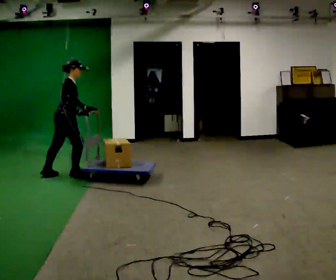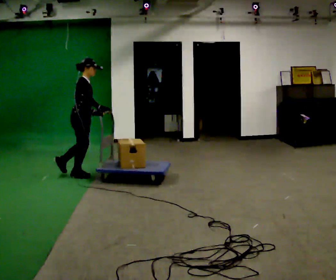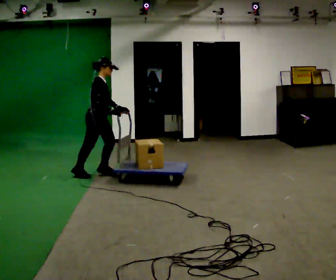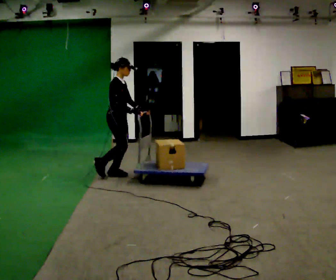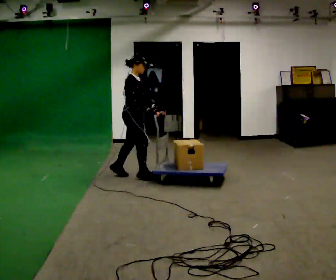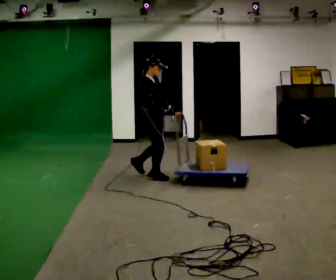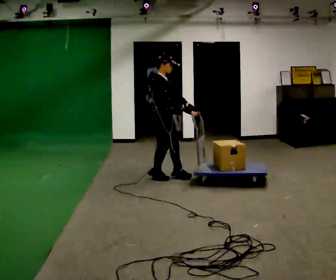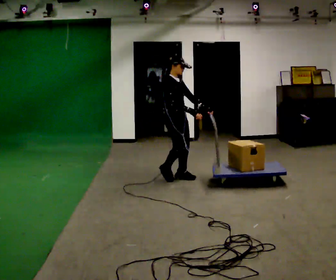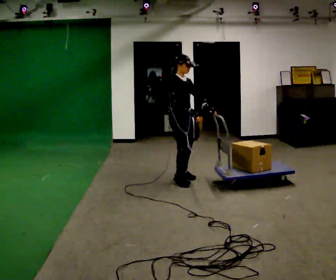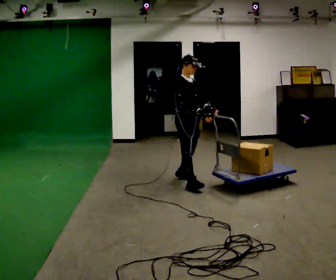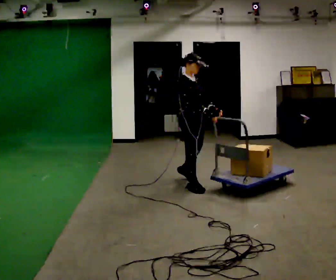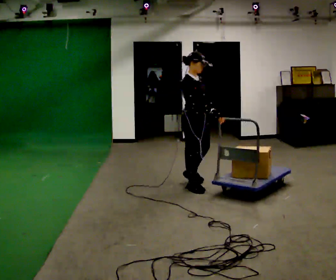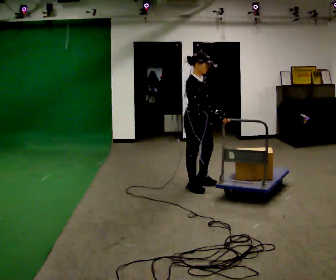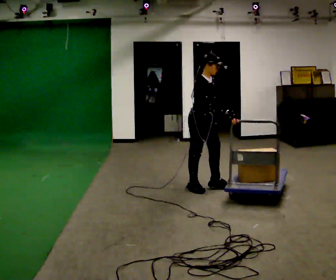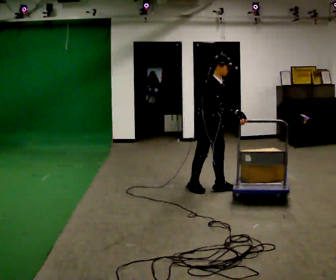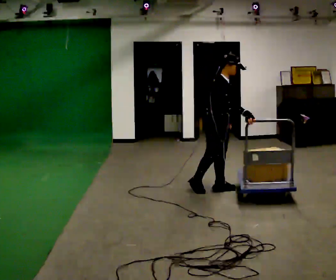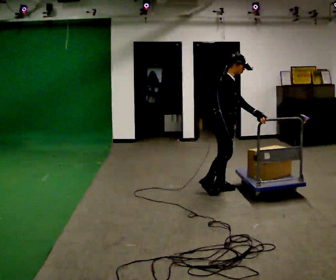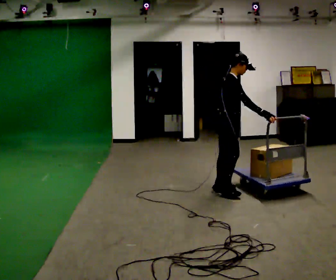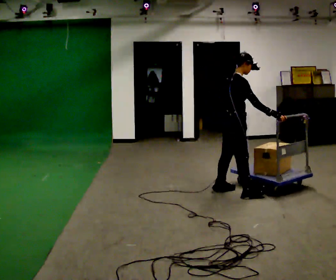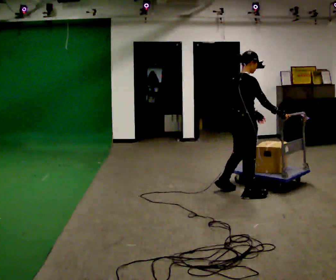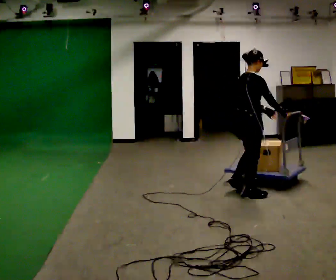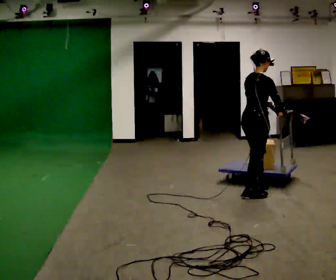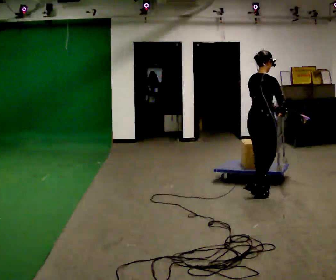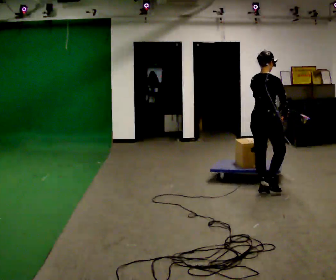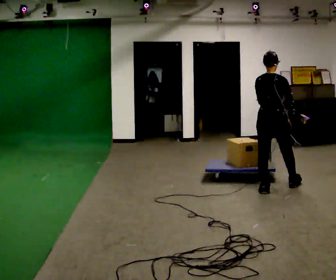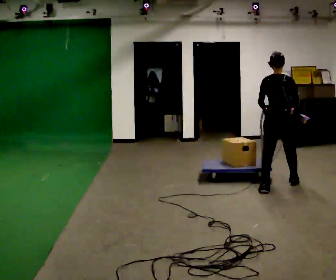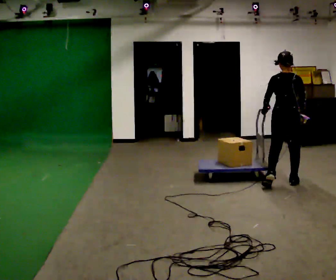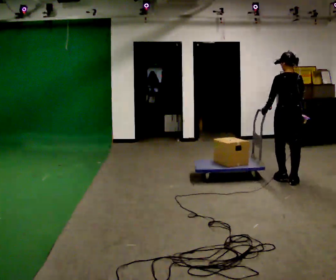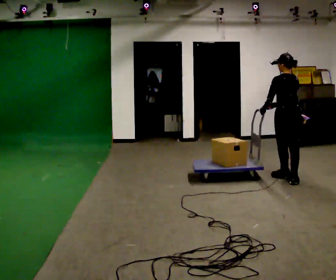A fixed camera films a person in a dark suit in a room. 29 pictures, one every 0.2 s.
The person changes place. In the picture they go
to the right.
0.0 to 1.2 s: The part of the body nearest the lens slides to the left as the person turns to their right by about 30 degrees. In the picture they go to the right, about 1 m in 2 steps, which for them is forward.
1.2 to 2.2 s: In the picture they go to the right and toward the camera, about 0.5 m in 2 steps, which for them is forward.
2.2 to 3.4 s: In the picture they go to the right, about 0.5 m in 1 step, which for them is forward.
3.4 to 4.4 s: The part of the body nearest the lens slides to the right as the person turns to their left by about 45 degrees. In the picture they go to the right, about 0.5 m in 2 steps, which for them is forward and to their right.
4.4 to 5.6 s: The person turns about 60 degrees to their left, counterclockwise seen from above, so the part of the body nearest the lens slides to the right. In the picture they go away from the camera and to the right, about 0.5 m in 2 steps.
The film runs forward here.
